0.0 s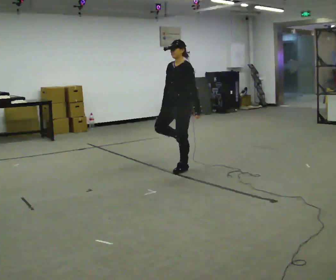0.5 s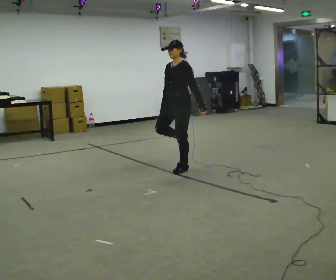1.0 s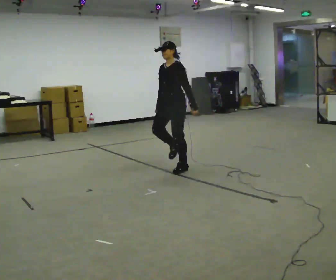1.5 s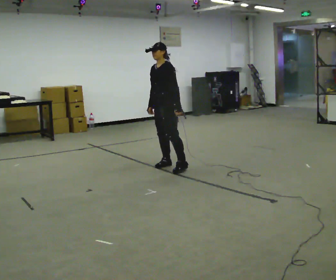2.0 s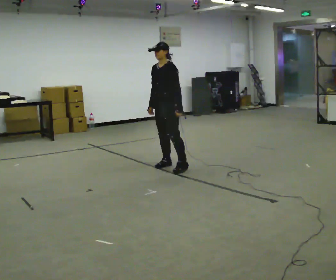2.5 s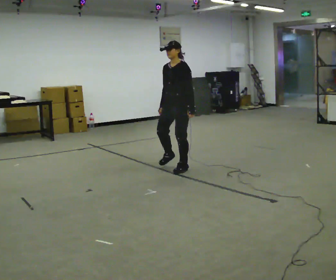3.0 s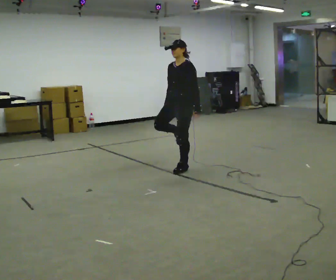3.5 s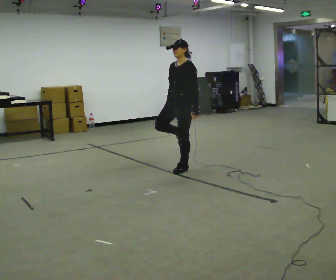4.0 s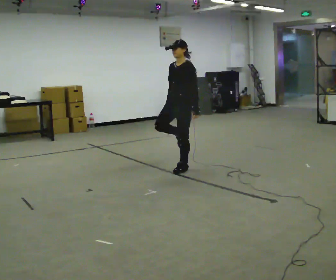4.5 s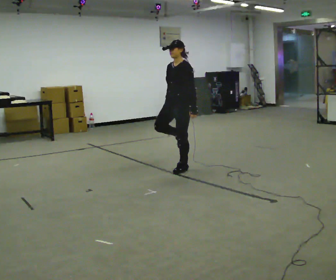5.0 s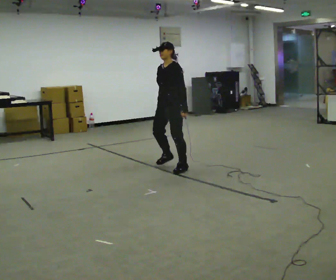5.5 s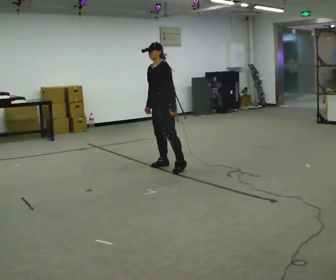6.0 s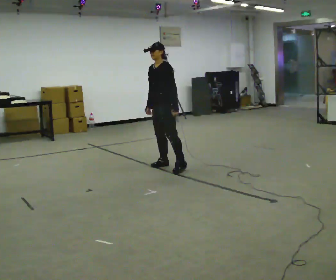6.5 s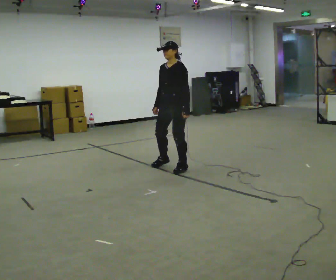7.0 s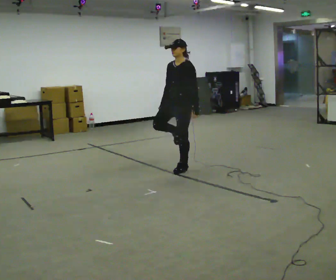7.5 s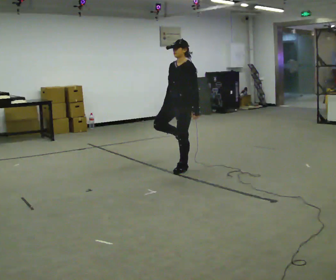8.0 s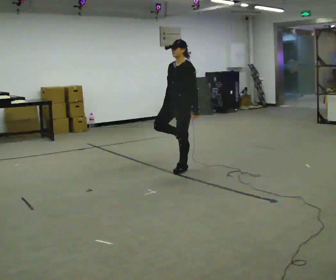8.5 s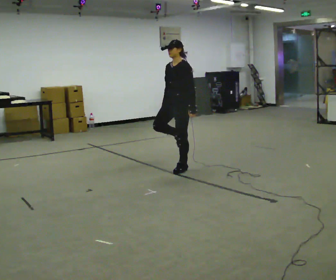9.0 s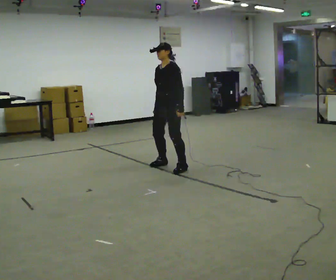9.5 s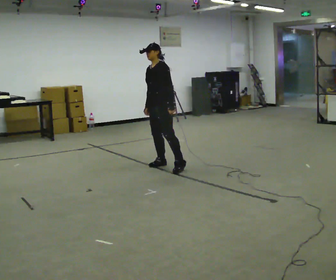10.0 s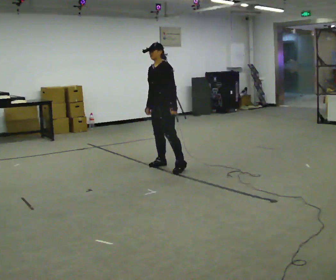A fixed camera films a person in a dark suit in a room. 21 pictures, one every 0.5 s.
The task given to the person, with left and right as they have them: Stand on one foot on the marked spot, on the side the operator calls. Hold it until you genuinely lose your balance, then put the other foot down. Repeat at your own pace until the operator says stop. Go slowly and only as far as you are comfortable. Step whenever you need to; do not try to hold on longer than feels safe.
0.0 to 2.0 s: In the picture they go away from the camera and to the left, about 0.25 m in 1 step, which for them is to their right.
2.0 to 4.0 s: In the picture they go to the right and toward the camera, about 0.25 m, which for them is to their left.
4.0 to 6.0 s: In the picture they go to the left and away from the camera, about 0.25 m in 1 step, which for them is to their right.
6.0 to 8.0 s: In the picture they go to the right and toward the camera, about 0.25 m in 1 step, which for them is to their left.
8.0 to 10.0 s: In the picture they go to the left and away from the camera, about 0.25 m in 1 step, which for them is to their right.
The film runs forward here.
